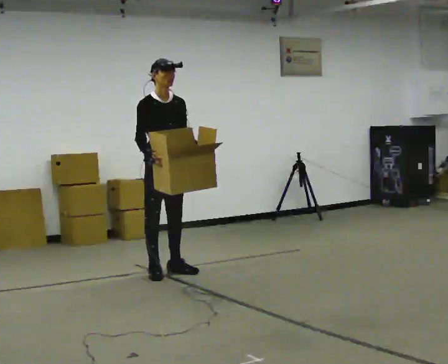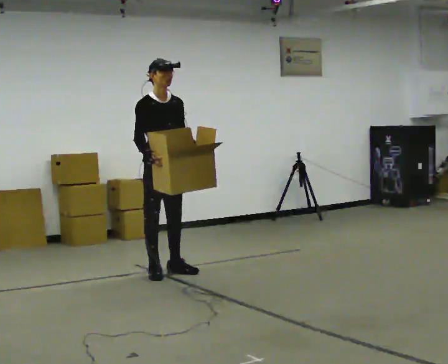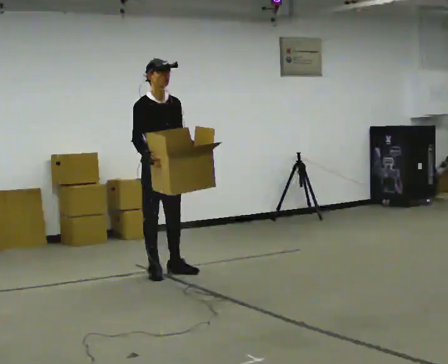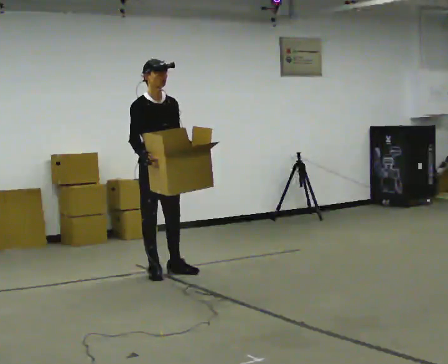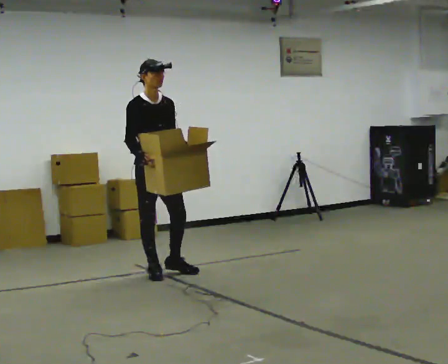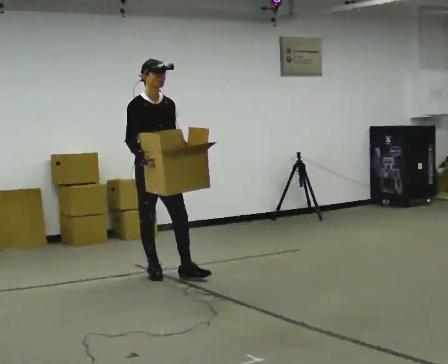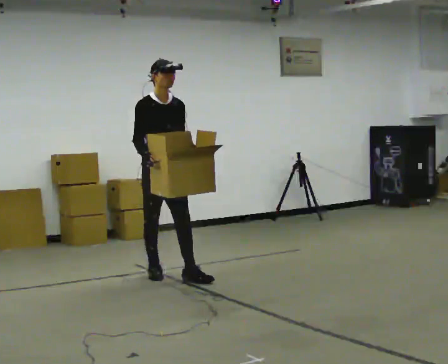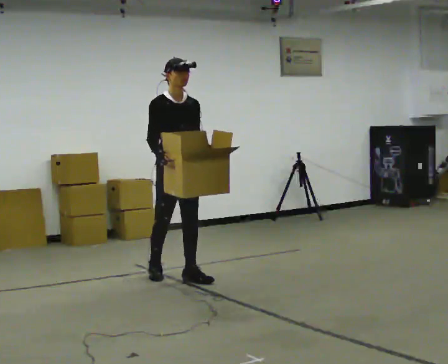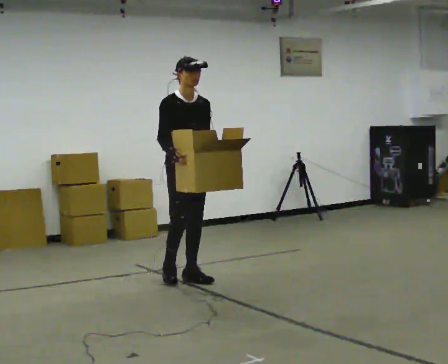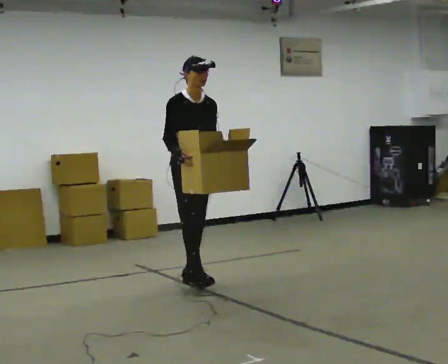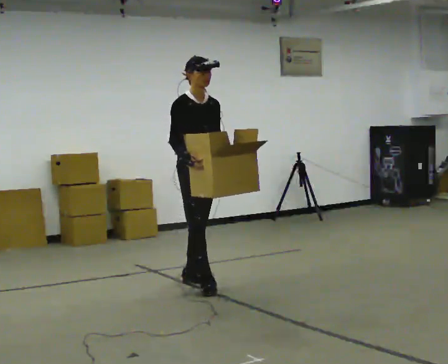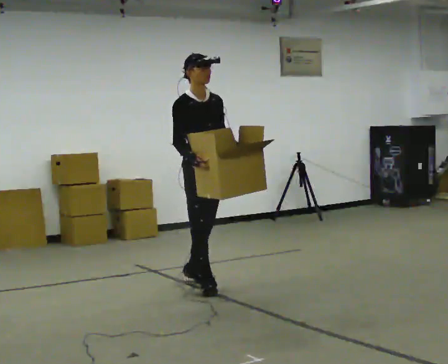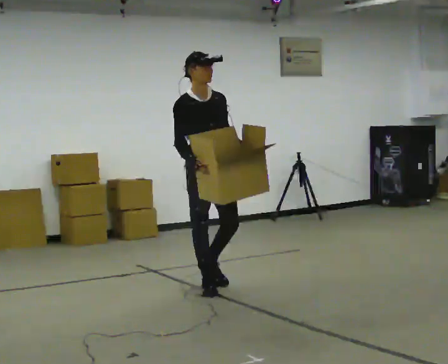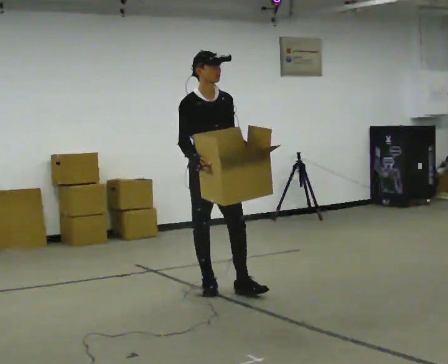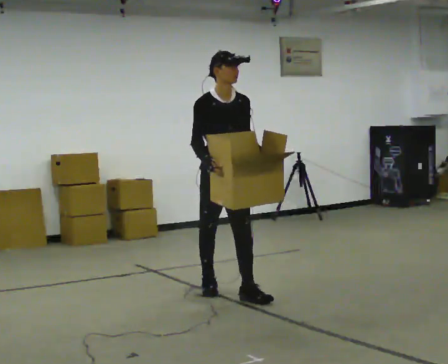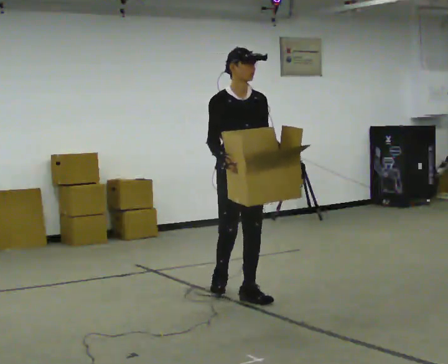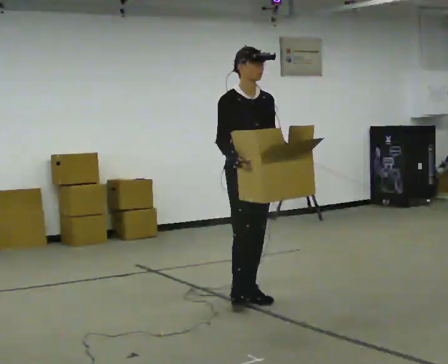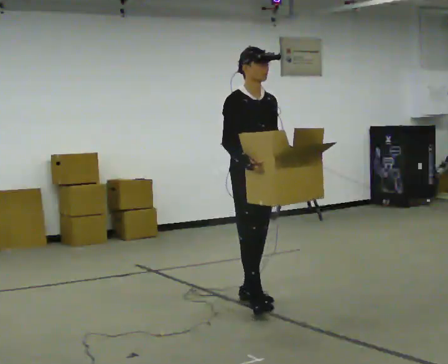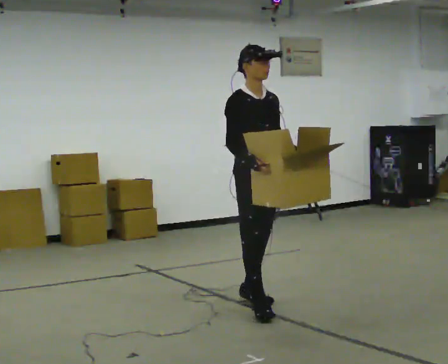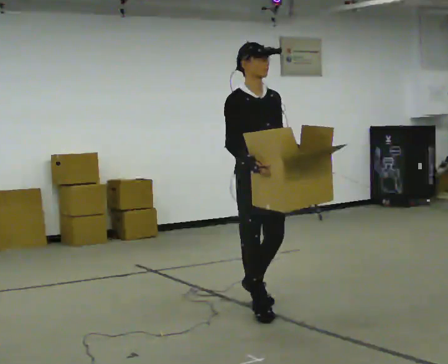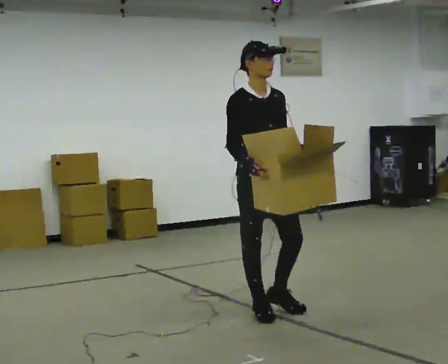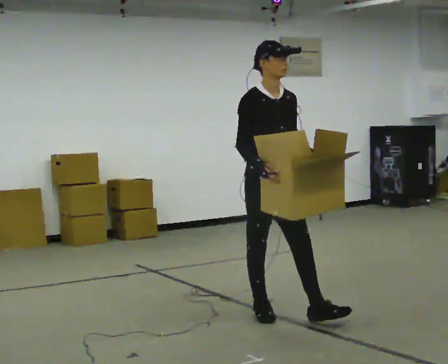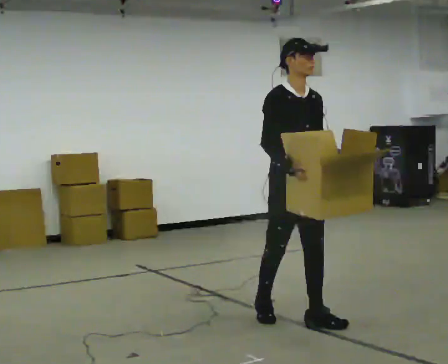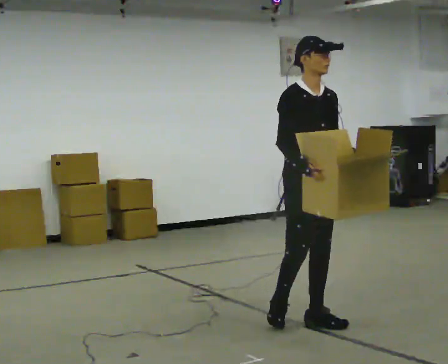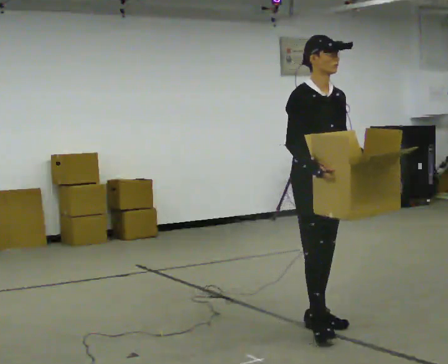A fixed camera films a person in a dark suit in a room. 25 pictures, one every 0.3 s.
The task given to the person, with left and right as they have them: Carry the box with its lid hanging open across the room, back and forth.
0.0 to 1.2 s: The person moves a little, or ends about where they began.
1.2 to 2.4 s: In the picture they go to the right and toward the camera, about 0.25 m in 1 step, which for them is forward and to their left.
2.4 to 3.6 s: In the picture they go toward the camera and to the right, about 0.5 m in 1 step, which for them is forward.
3.6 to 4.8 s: In the picture they go toward the camera and to the right, about 0.5 m in 1 step, which for them is forward and to their left.
4.8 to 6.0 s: In the picture they go toward the camera, about 0.5 m in 1 step, which for them is forward and to their right.
6.0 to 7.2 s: In the picture they go to the right and toward the camera, about 0.5 m in 1 step, which for them is forward.
The film runs forward here.
